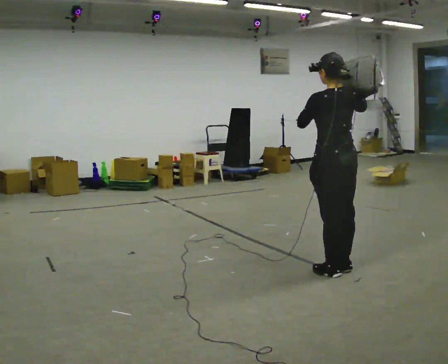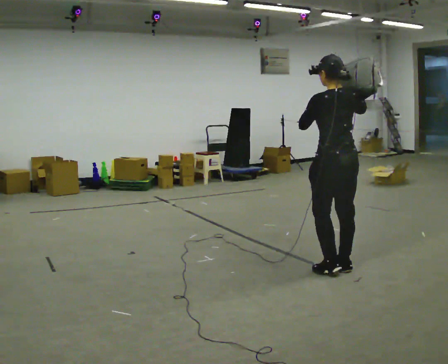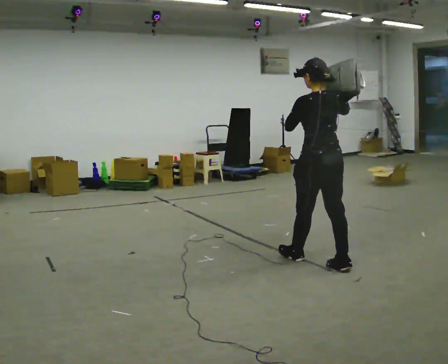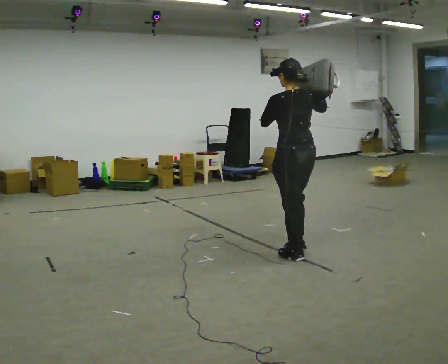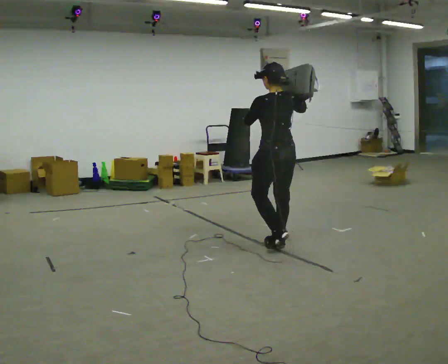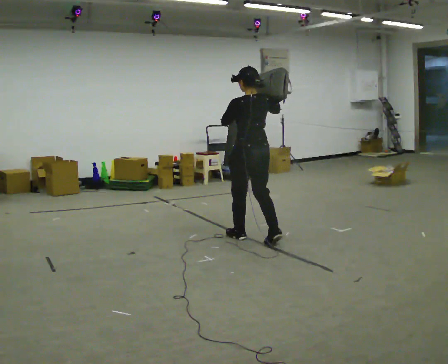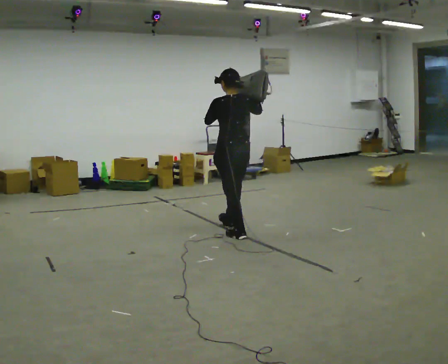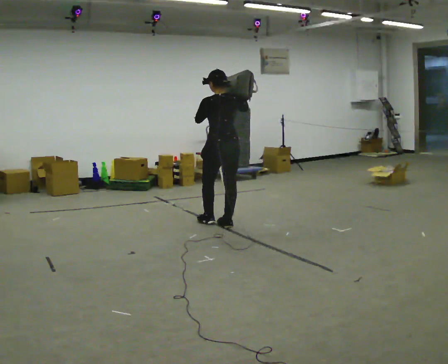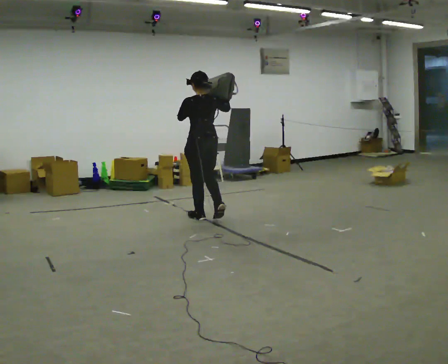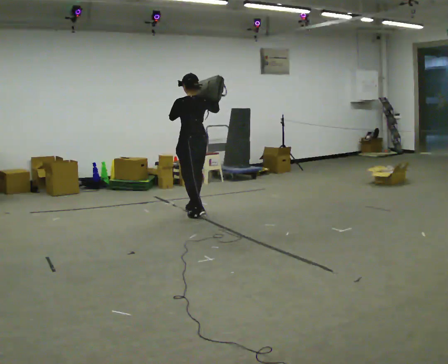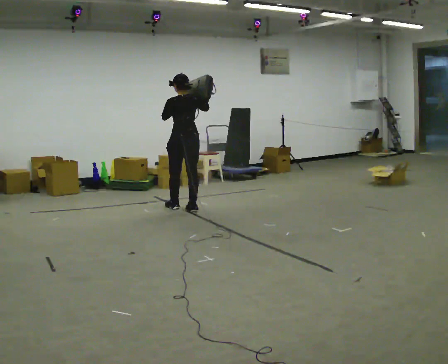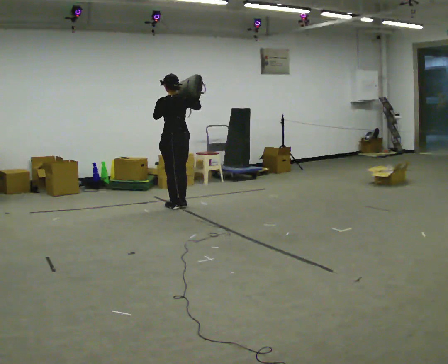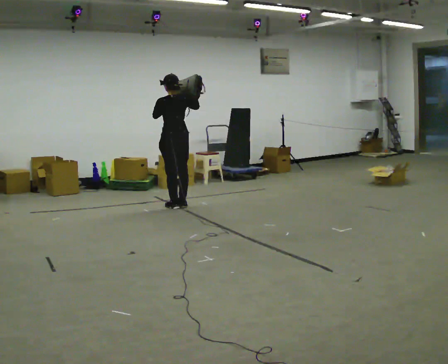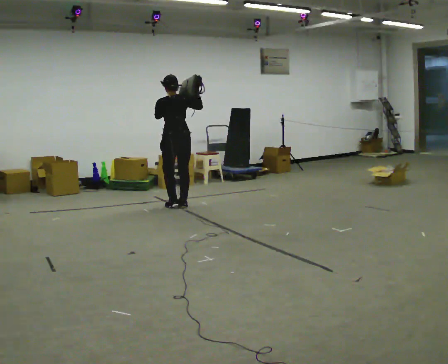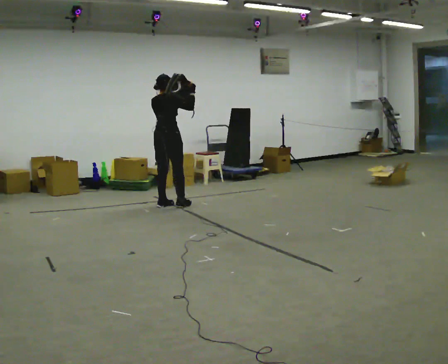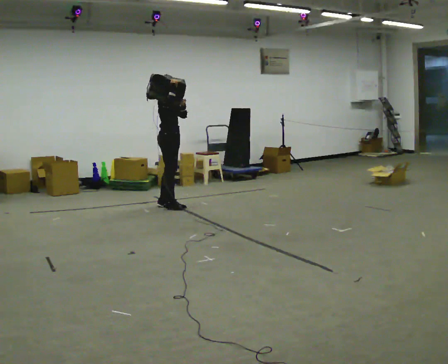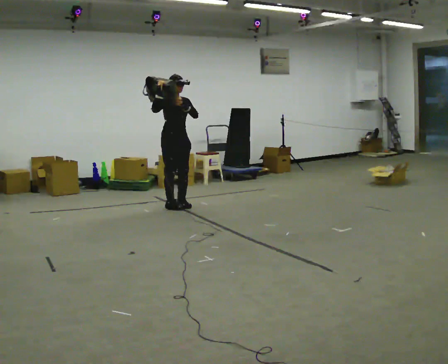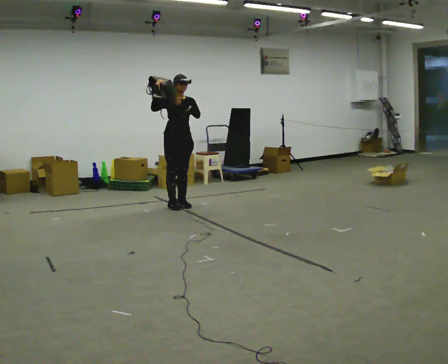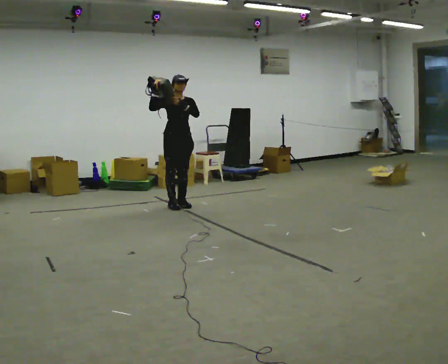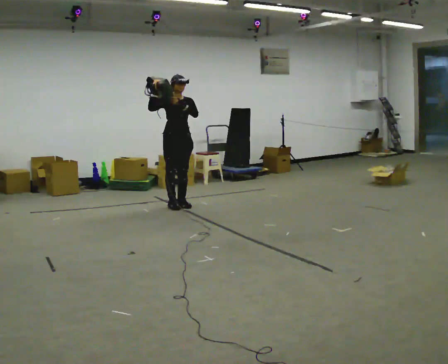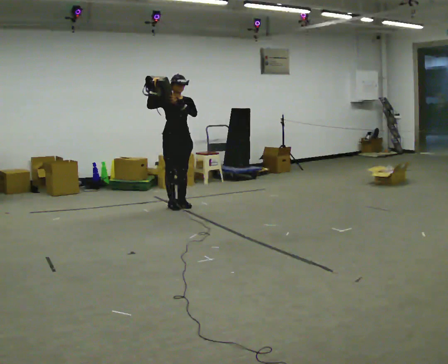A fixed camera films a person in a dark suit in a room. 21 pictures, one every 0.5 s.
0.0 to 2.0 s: In the picture they go away from the camera and to the left, about 1 m in 2 steps, which for them is forward.
2.0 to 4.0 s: In the picture they go away from the camera and to the left, about 1.5 m in 3 steps, which for them is forward.
4.0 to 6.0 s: In the picture they go away from the camera and to the left, about 0.5 m in 3 steps, which for them is forward.
6.0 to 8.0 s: The part of the body nearest the lens slides to the left as the person turns to their right by about 165 degrees. In the picture their right hand goes to the left.
8.0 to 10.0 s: The person moves a little, or ends about where they began.
The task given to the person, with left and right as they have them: Put the soft bag up onto your shoulder and carry it across the room, back and forth.
The film runs forward here.
